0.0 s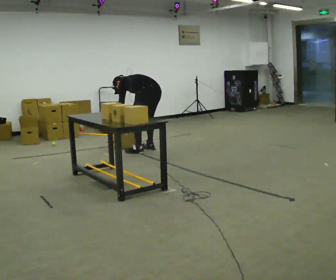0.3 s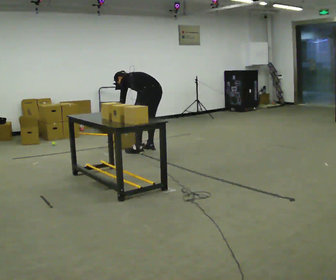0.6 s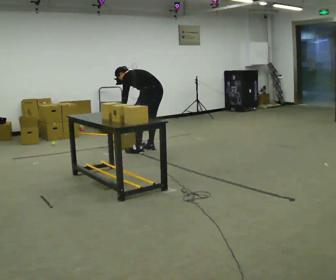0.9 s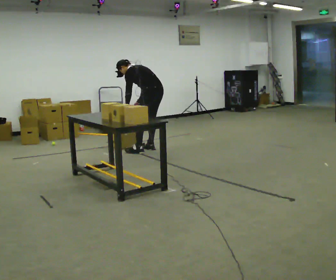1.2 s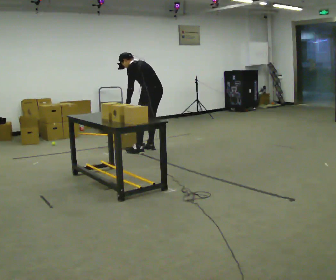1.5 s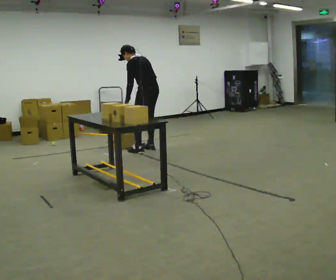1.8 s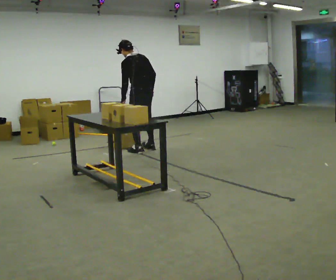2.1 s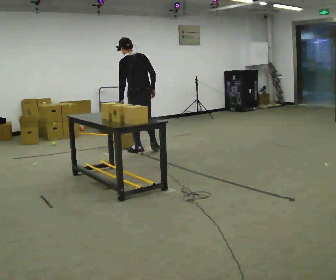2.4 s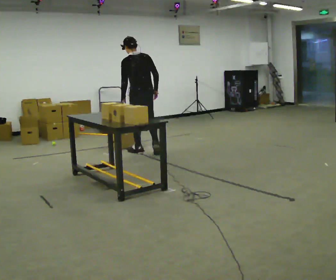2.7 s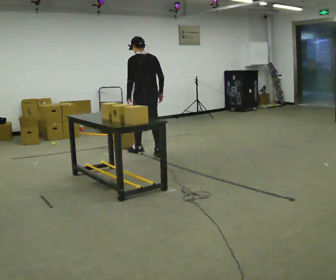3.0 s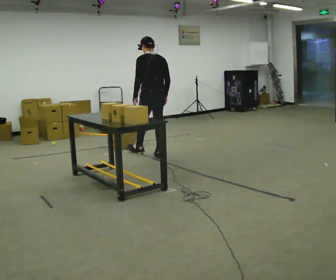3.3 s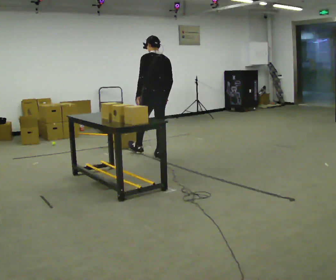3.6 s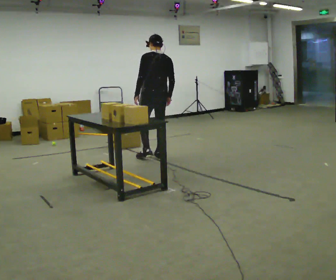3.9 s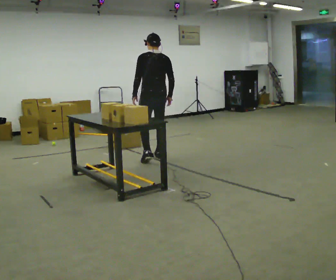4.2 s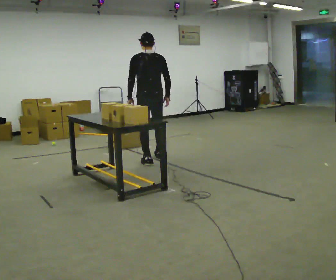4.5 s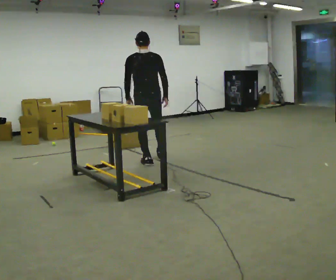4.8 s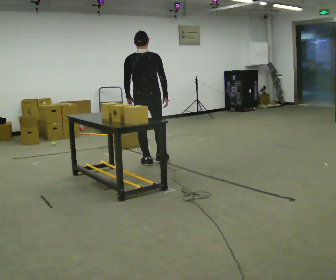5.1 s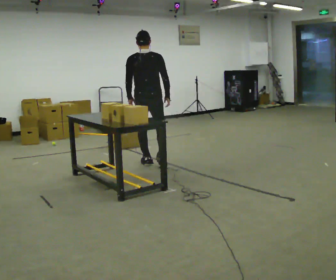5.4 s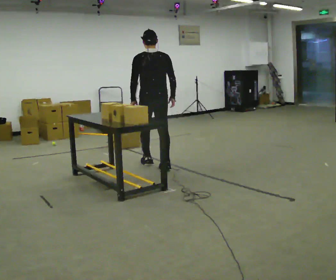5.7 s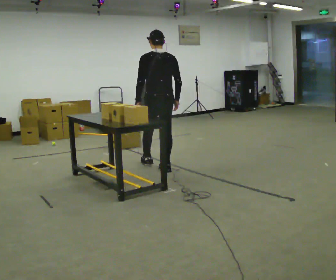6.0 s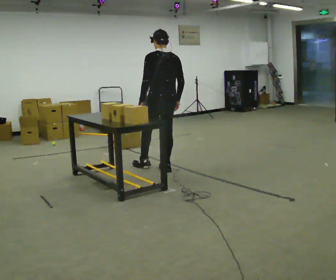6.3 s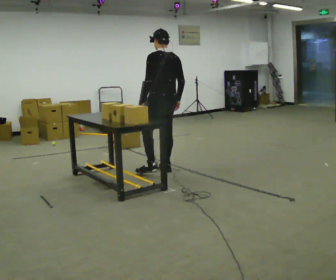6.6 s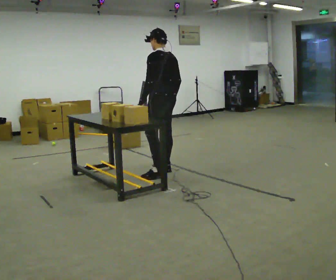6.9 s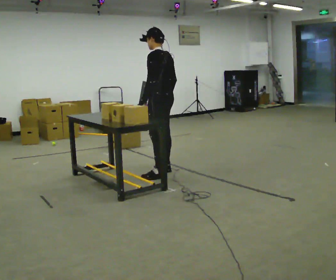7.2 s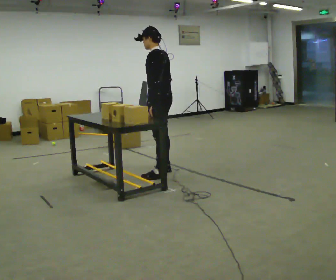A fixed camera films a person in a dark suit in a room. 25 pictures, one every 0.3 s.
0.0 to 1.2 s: The upper body goes upward. The upper body tips toward the camera, its near side rolling downward, as they lean back or straighten.
1.2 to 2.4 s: The part of the body nearest the lens slides to the left as the person turns to their right by about 30 degrees. In the picture they go to the left, about 0.25 m in 1 step, which for them is to their left. In the picture the upper body tilts clockwise, shoulders to the right, as they lean back or straighten.
2.4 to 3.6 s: In the picture they go toward the camera and to the right, about 0.25 m in 1 step, which for them is backward. In the picture the upper body tilts clockwise, shoulders to the right.
3.6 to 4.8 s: The person turns about 30 degrees to their right, clockwise seen from above, so the part of the body nearest the lens slides to the left. In the picture they go toward the camera, about 0.25 m in 1 step, which for them is backward and to their left.
4.8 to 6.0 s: The part of the body nearest the lens slides to the right as the person turns to their left by about 30 degrees. In the picture they go toward the camera and to the right, about 0.5 m in 1 step, which for them is backward and to their right.
6.0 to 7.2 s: The part of the body nearest the lens slides to the right as the person turns to their left by about 45 degrees. In the picture they go toward the camera, about 0.25 m, which for them is backward and to their left.
The film runs backward here.
